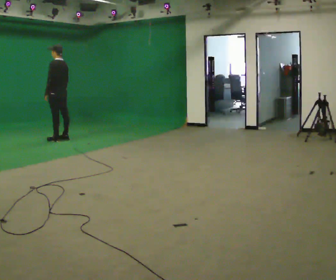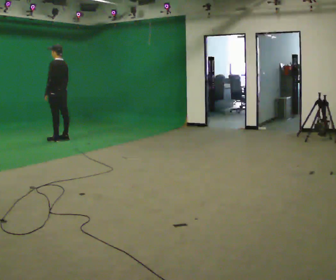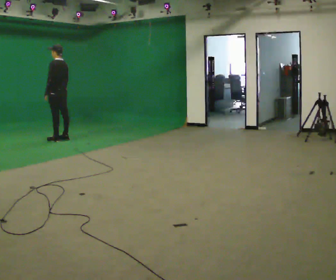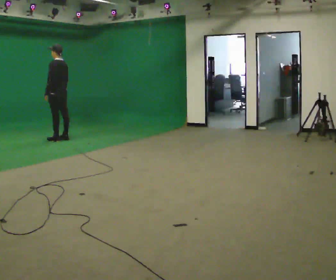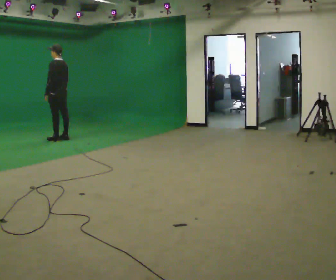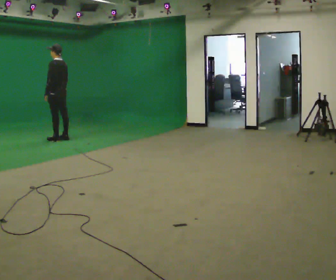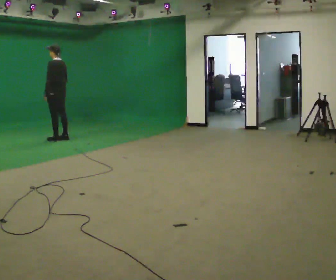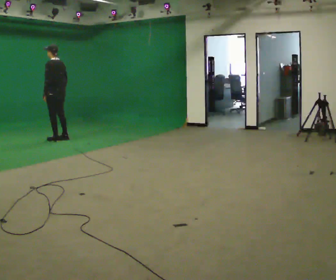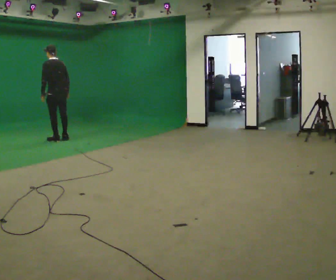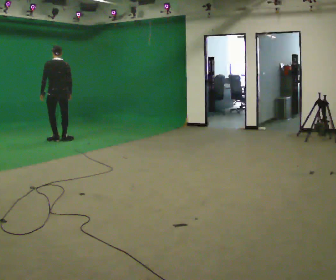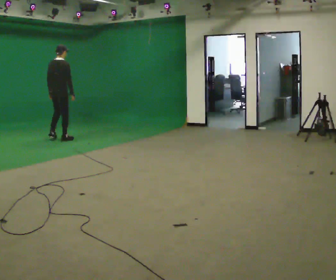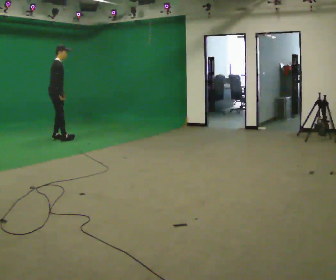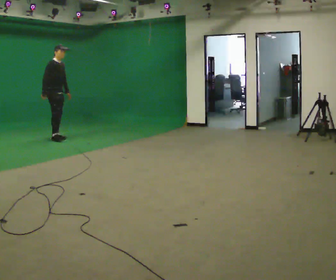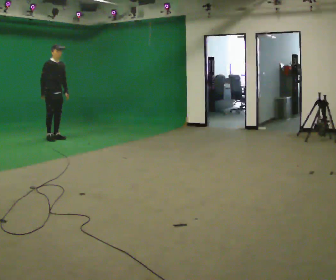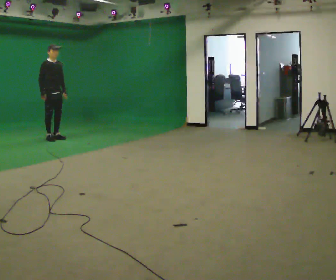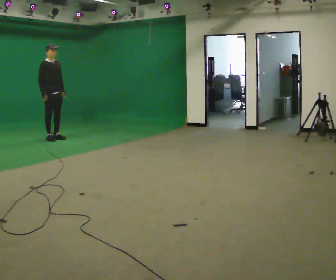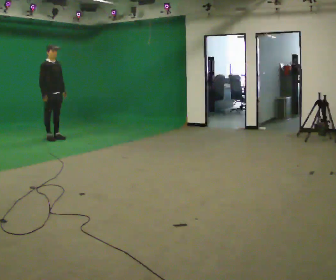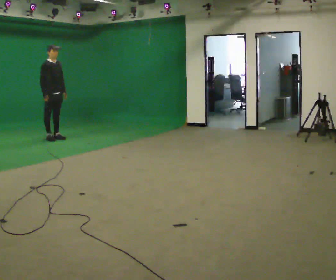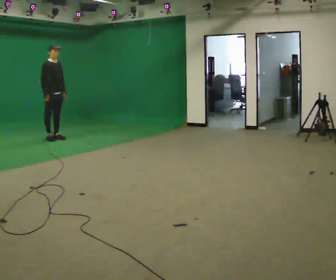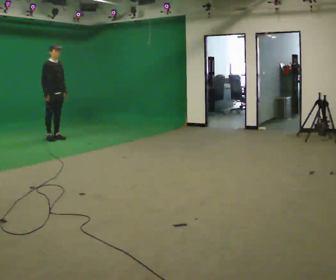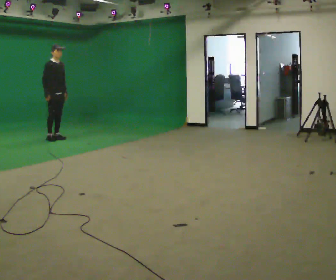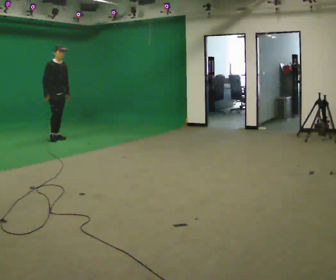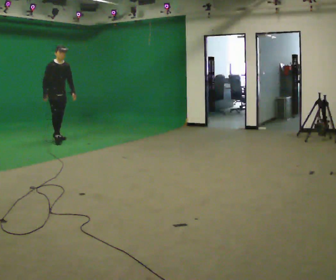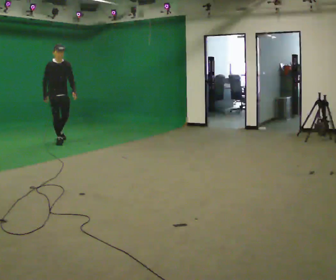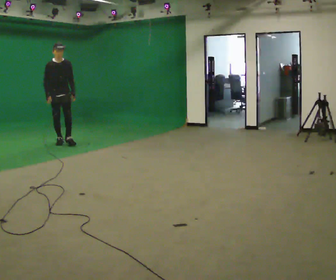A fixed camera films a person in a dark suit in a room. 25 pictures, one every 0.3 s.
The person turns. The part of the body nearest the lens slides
to the left.
The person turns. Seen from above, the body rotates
clockwise.
0.0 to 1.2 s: The person keeps their place and pose.
1.2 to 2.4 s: The person moves a little, or ends about where they began.
2.4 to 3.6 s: The part of the body nearest the lens slides to the left as the person turns to their right by about 150 degrees. In the picture they go away from the camera, about 0.25 m in 1 step. In the picture the upper body tilts clockwise, shoulders to the right.
3.6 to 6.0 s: The person moves a little, or ends about where they began.
6.0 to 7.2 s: Seen from above the body turns clockwise, about 30 degrees: to their right, with its near side sliding to the left. In the picture they go toward the camera, about 0.5 m in 1 step, which for them is forward.
The film runs forward here.
